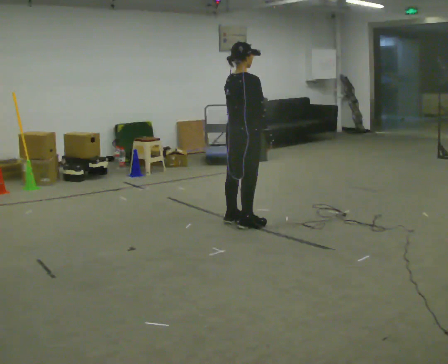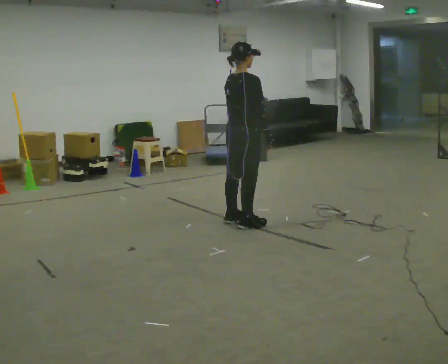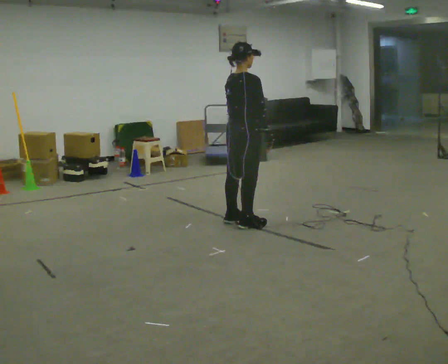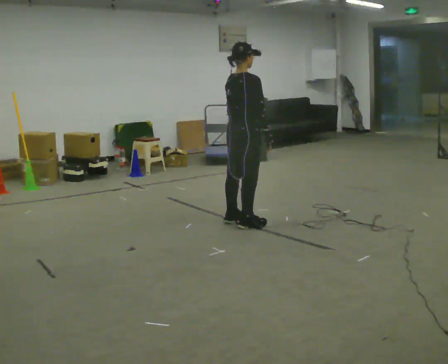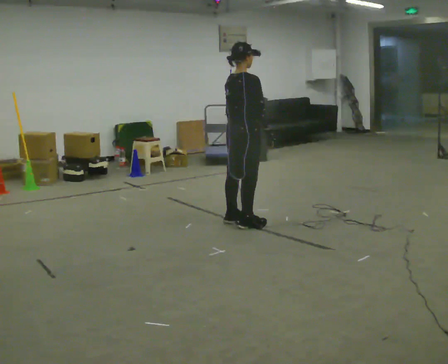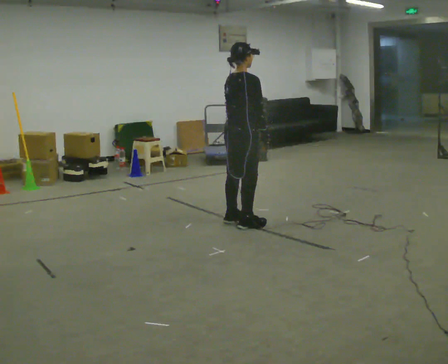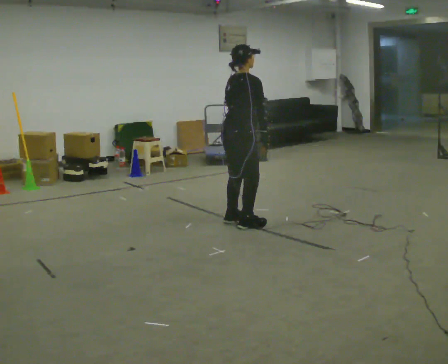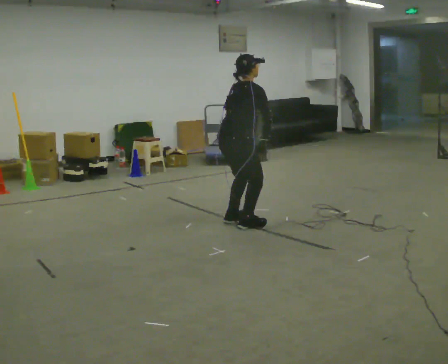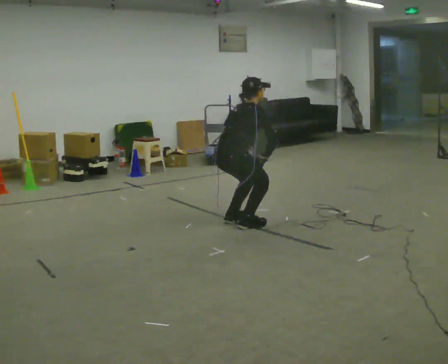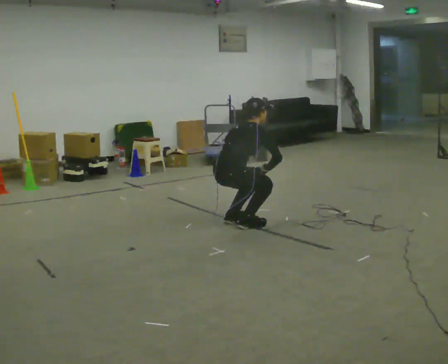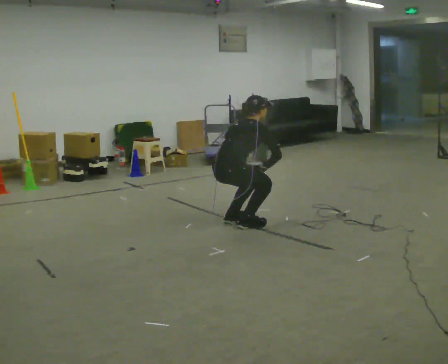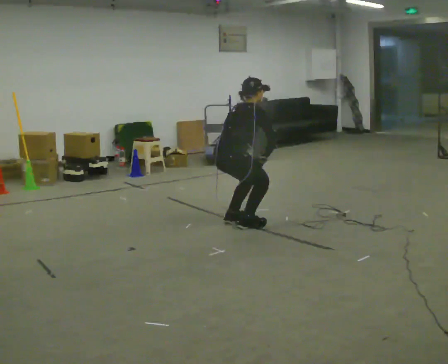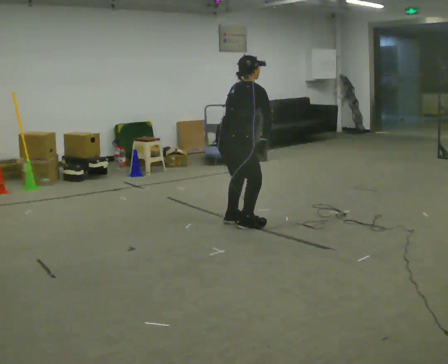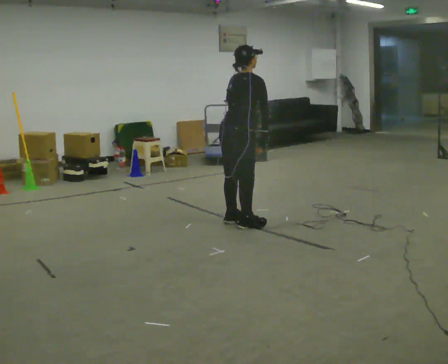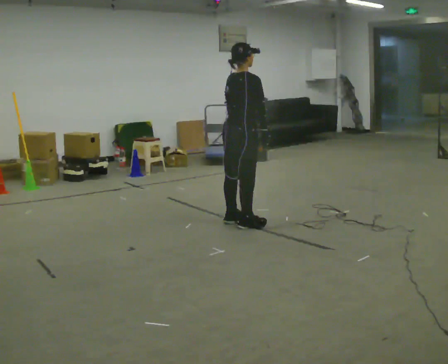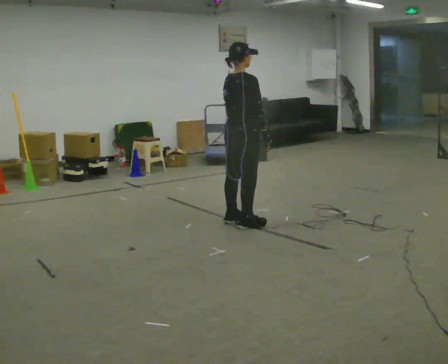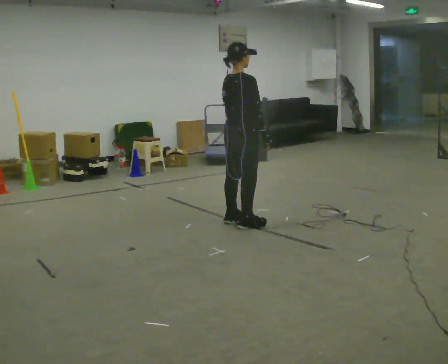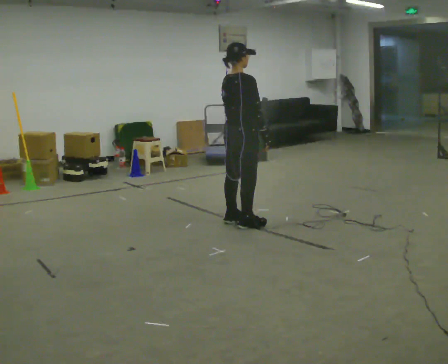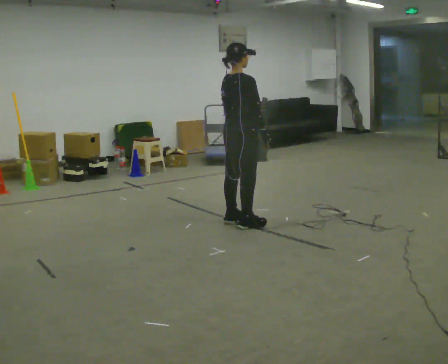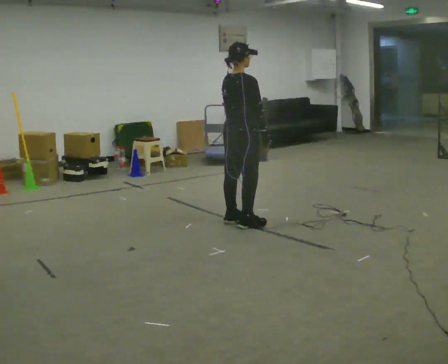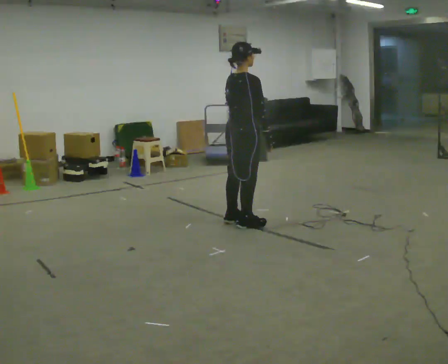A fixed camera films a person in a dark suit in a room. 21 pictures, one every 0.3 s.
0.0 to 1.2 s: The person moves a little, or ends about where they began.
1.2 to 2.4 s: The upper body goes downward. In the picture the upper body tilts clockwise, shoulders to the right, as they bend forward.
2.4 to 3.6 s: The person moves a little, or ends about where they began.
3.6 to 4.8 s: In the picture the upper body tilts counterclockwise, shoulders to the left, as they lean back or straighten.
4.8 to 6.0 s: The person moves a little, or ends about where they began.
The film runs backward here.
